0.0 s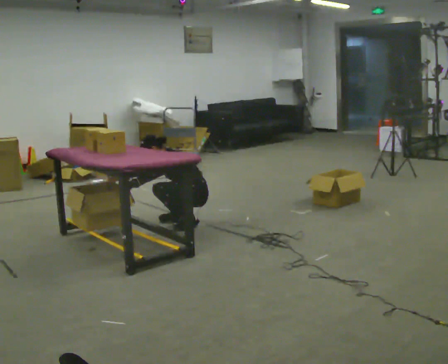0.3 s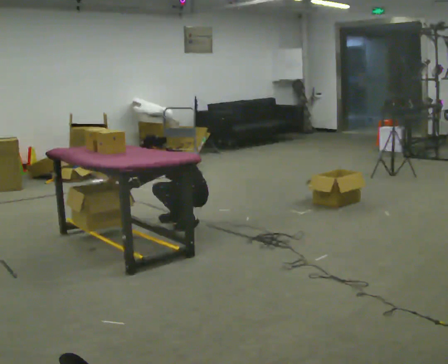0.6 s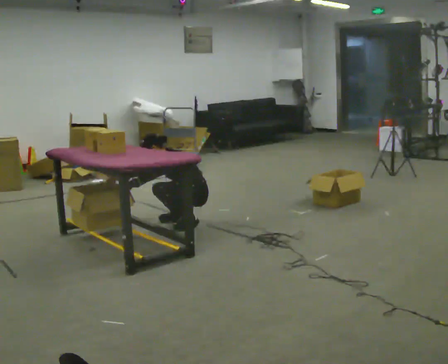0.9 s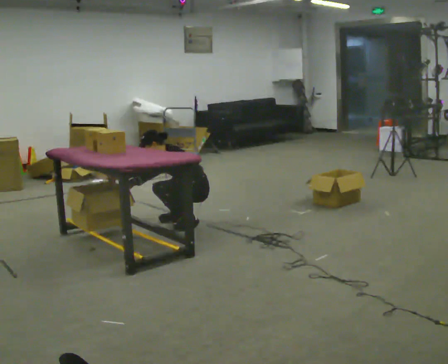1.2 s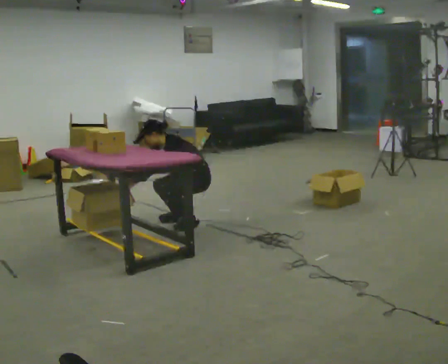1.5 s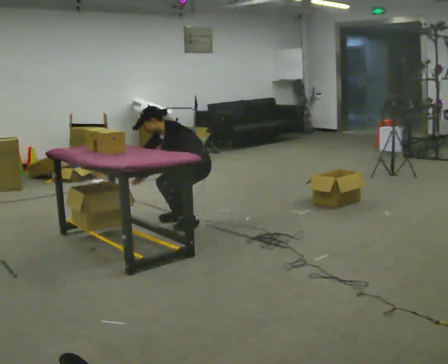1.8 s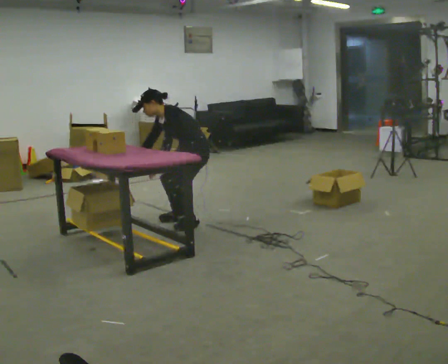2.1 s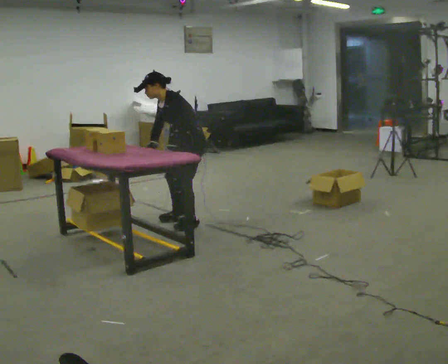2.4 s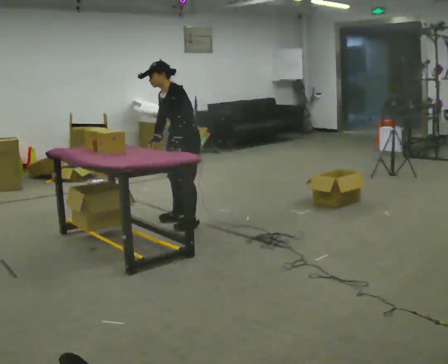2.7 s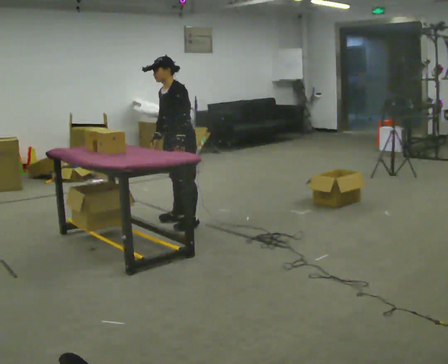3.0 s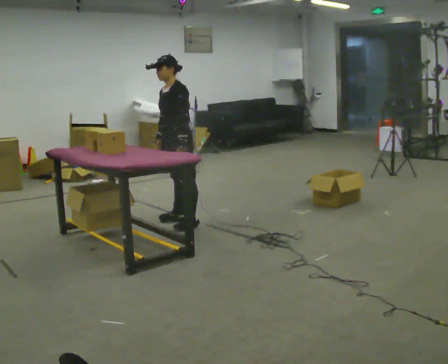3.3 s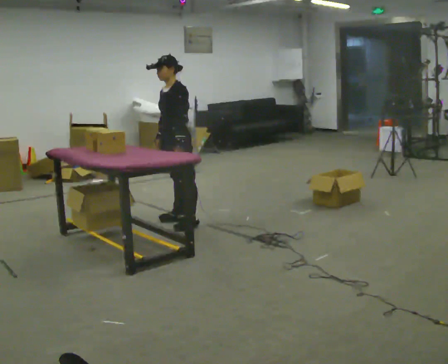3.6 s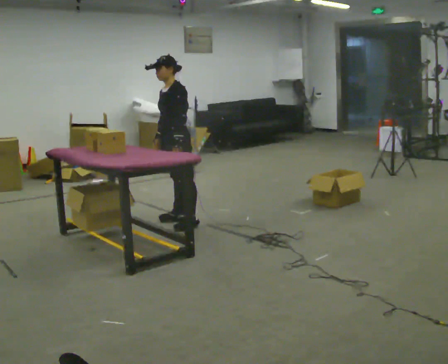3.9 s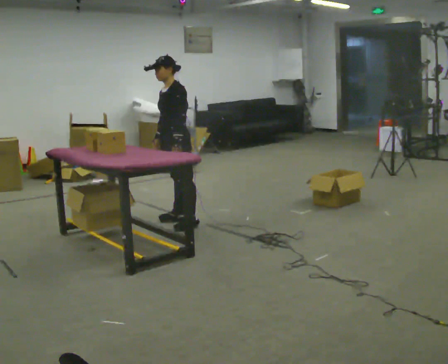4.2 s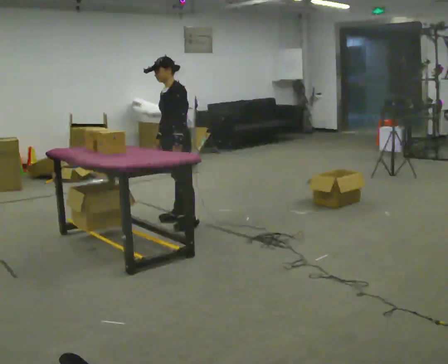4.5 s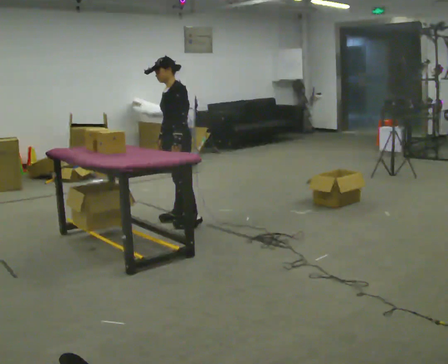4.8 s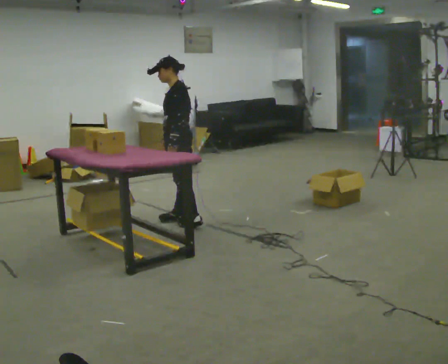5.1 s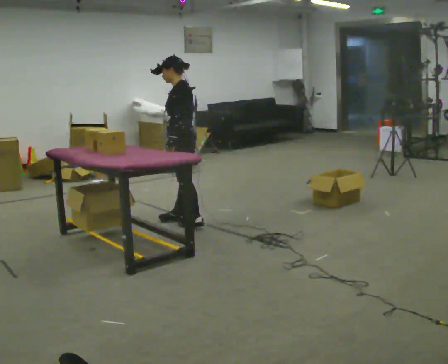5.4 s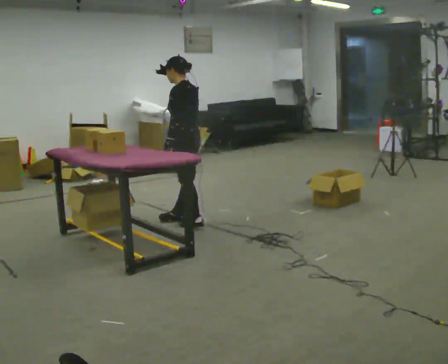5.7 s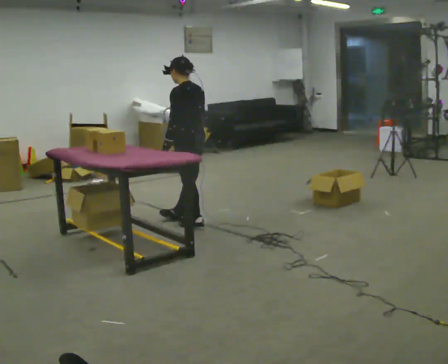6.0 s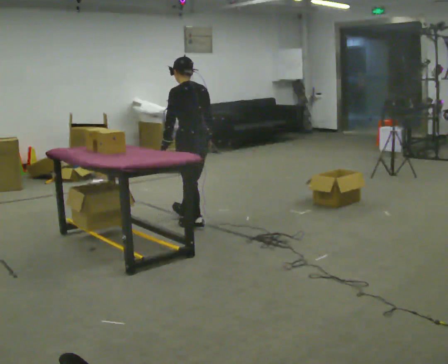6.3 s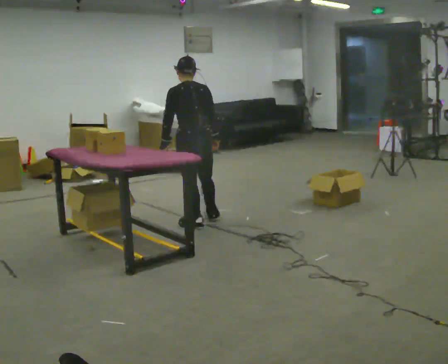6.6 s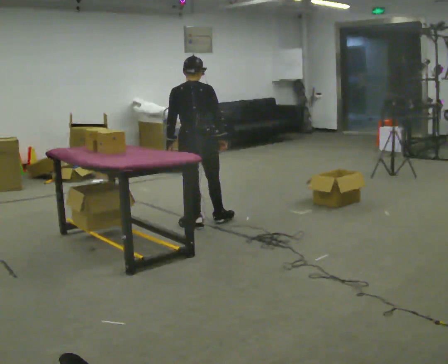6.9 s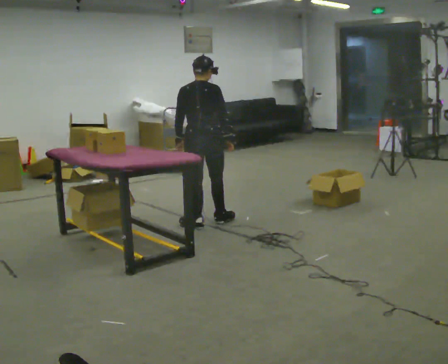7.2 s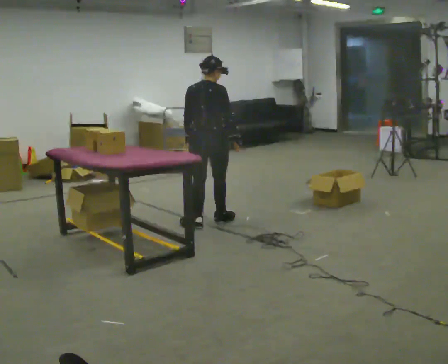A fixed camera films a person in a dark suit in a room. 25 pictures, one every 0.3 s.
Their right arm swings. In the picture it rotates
counterclockwise.
The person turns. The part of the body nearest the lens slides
to the left.
0.0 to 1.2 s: The person moves a little, or ends about where they began.
1.2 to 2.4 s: The upper body goes upward. In the picture the upper body tilts clockwise, shoulders to the right, as they lean back or straighten. In the picture their left hand goes to the right, the arm swinging counterclockwise.
2.4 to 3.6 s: In the picture the upper body tilts clockwise, shoulders to the right, as they lean back or straighten.
3.6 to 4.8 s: The person moves a little, or ends about where they began.
4.8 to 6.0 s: The part of the body nearest the lens slides to the left as the person turns to their right by about 60 degrees. In the picture they go toward the camera, about 0.25 m, which for them is backward and to their left. In the picture their right hand goes to the right.
6.0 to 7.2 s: The person turns about 60 degrees to their right, clockwise seen from above, so the part of the body nearest the lens slides to the left.
The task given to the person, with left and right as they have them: 1. Take everything out of the crates by the door. 2. Put the small items on the middle shelf. 3. Put the large items on the bottom shelf. 4. Stack the empty crates by the door. 5. Tell the operator when you are finished.
The film runs forward here.
